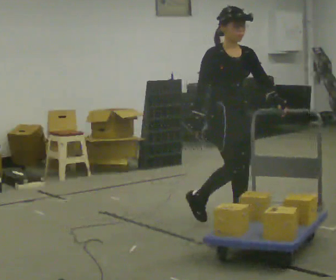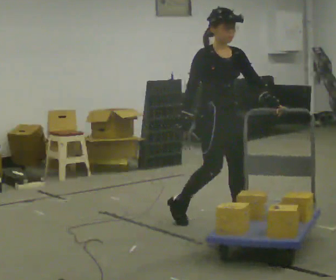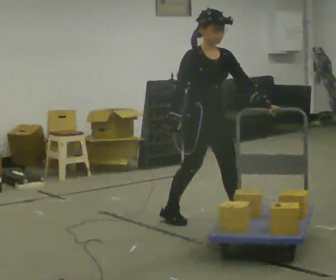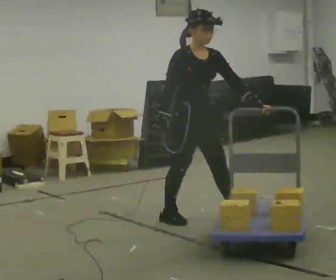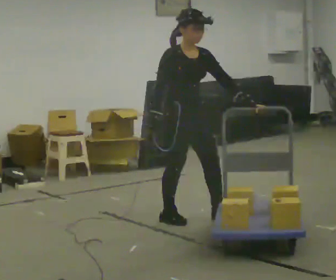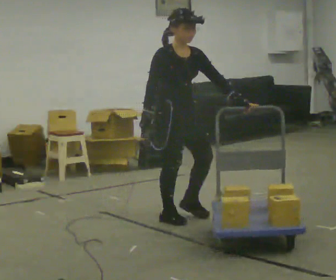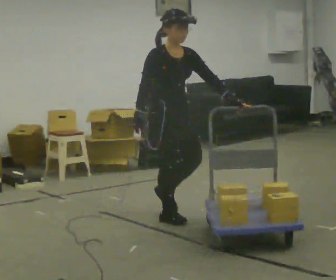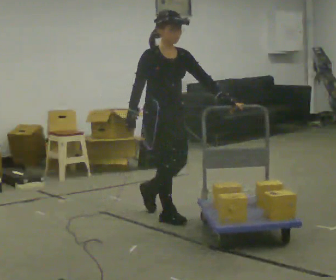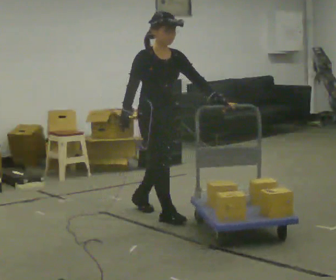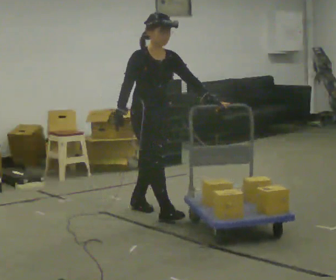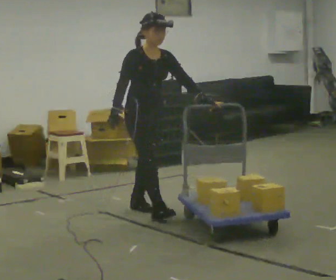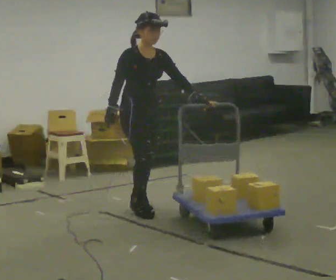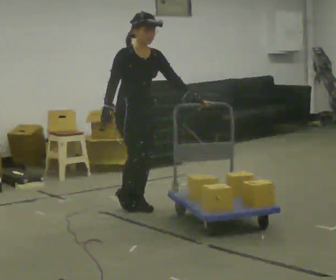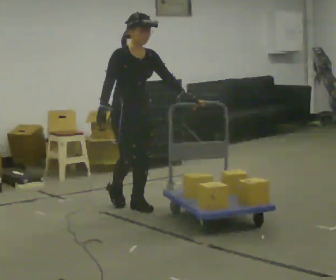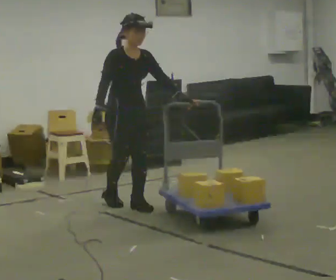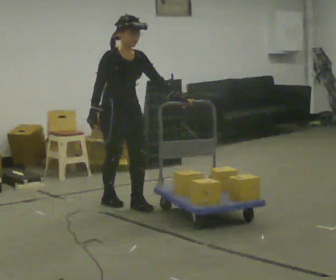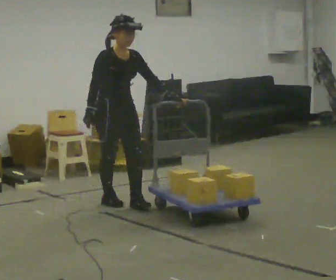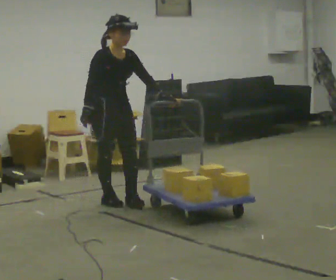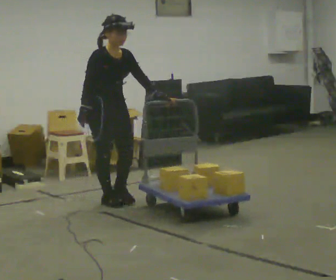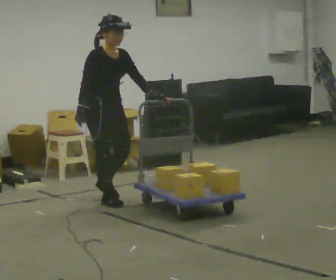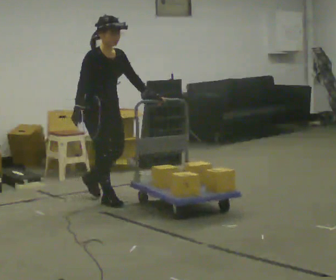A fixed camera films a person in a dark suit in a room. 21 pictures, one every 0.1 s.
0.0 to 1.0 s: In the picture they go to the left and away from the camera, about 0.5 m in 2 steps, which for them is backward.
1.0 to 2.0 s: In the picture they go away from the camera and to the left, about 0.5 m in 1 step, which for them is backward.
The film runs backward here.
